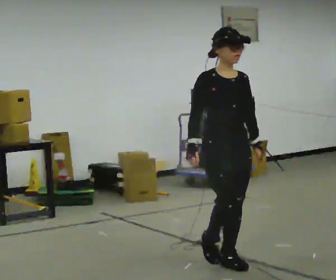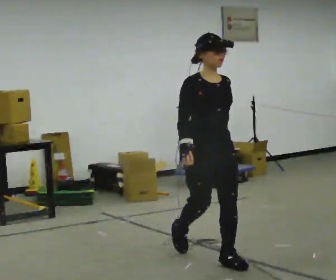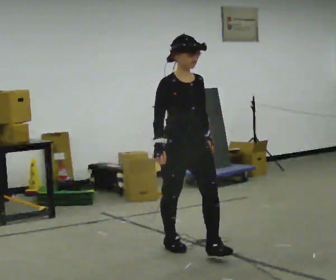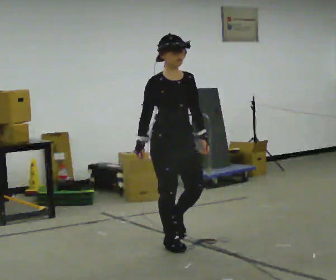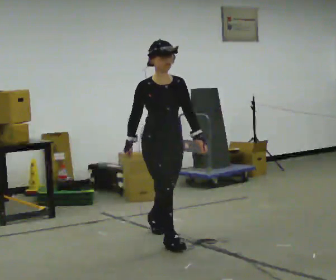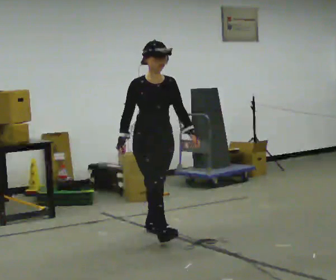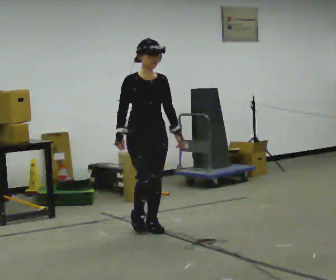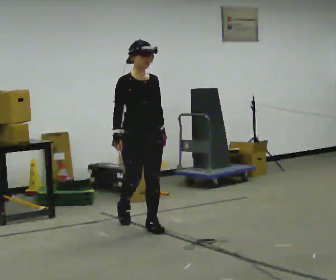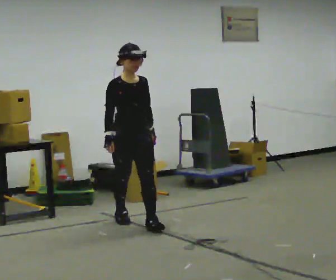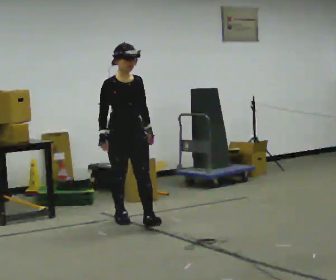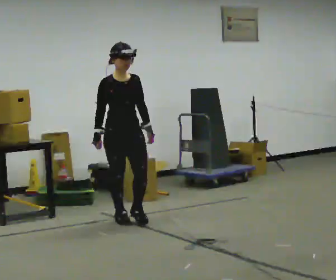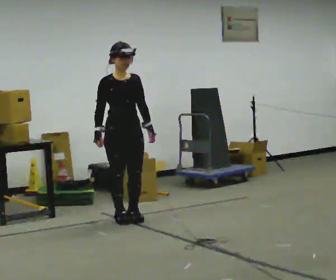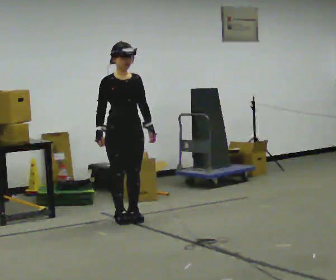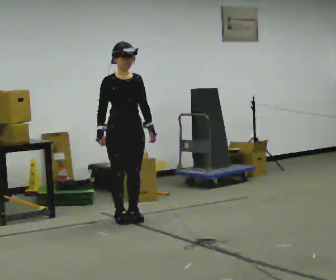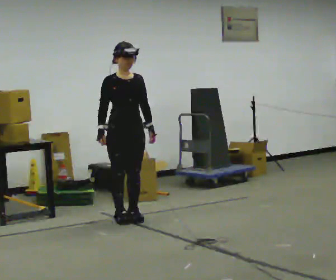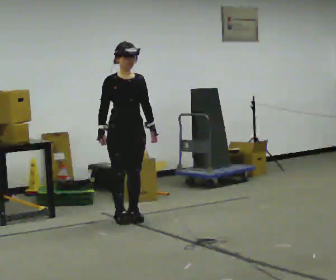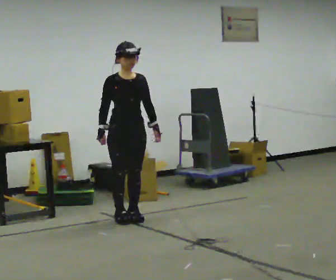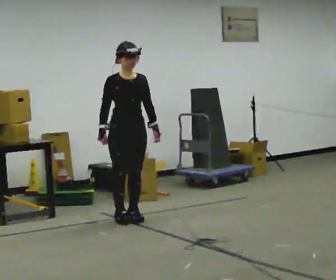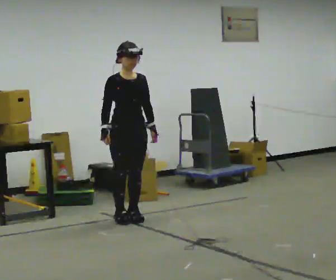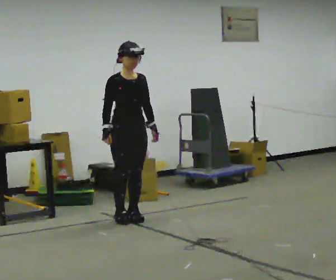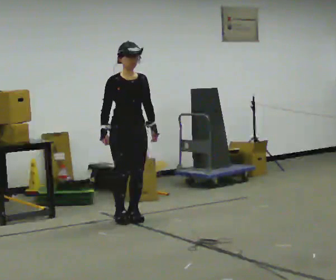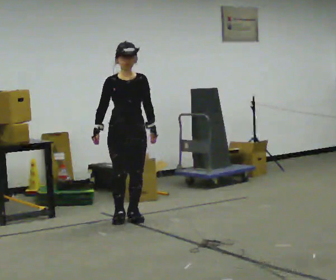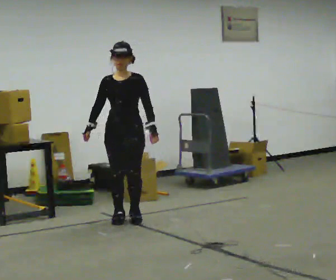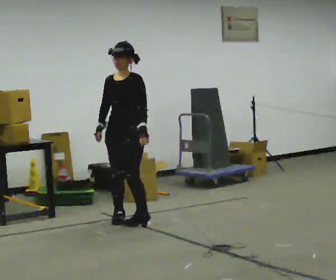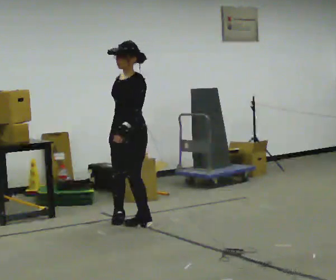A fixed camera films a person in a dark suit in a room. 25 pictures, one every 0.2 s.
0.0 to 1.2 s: In the picture they go away from the camera and to the left, about 1.5 m in 2 steps, which for them is backward.
1.2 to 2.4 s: In the picture they go away from the camera and to the left, about 0.5 m in 1 step, which for them is backward.
2.4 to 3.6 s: The person moves a little, or ends about where they began.
3.6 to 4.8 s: The part of the body nearest the lens slides to the left as the person turns to their right by about 75 degrees. In the picture they go toward the camera, about 0.25 m in 1 step.
The film runs backward here.
